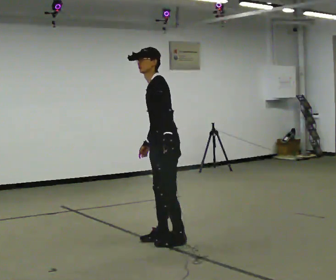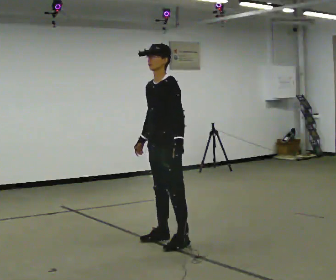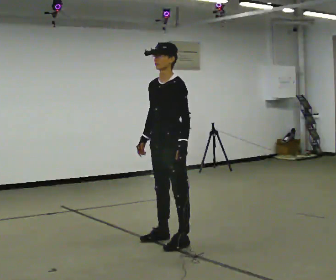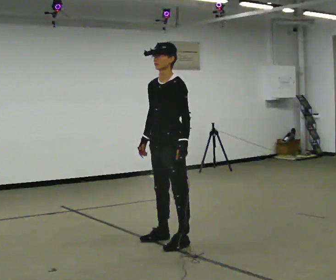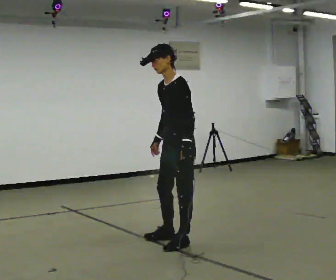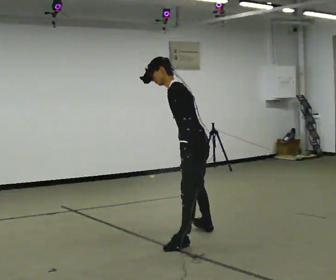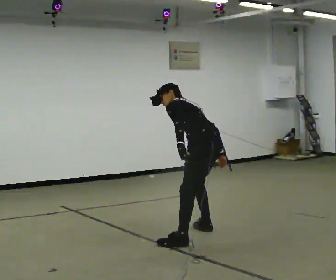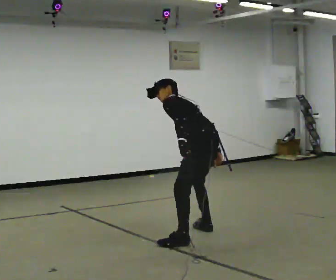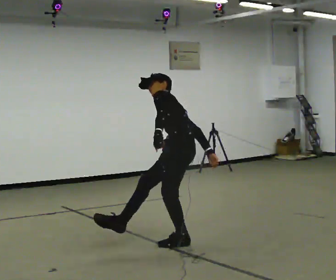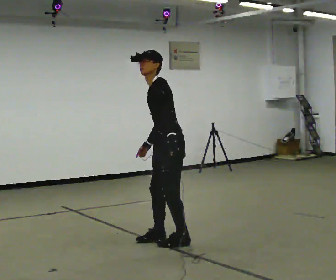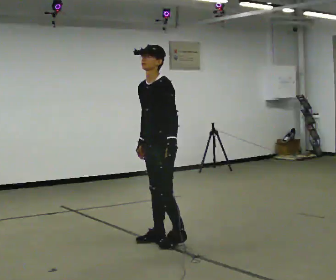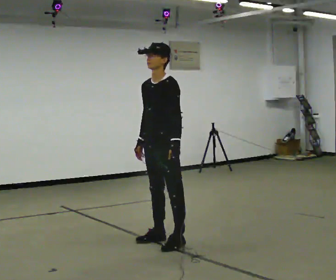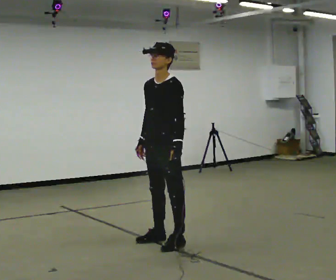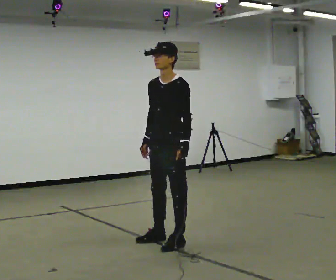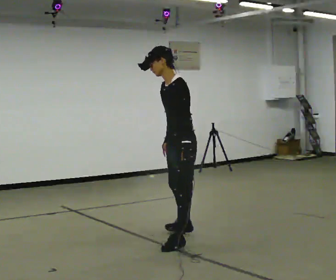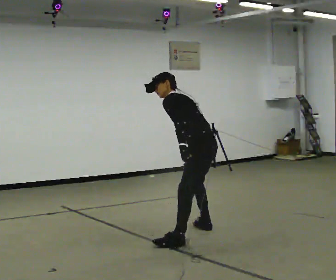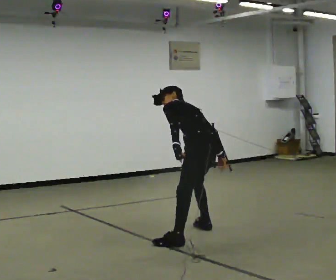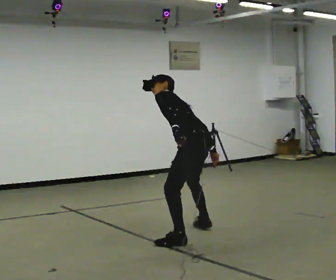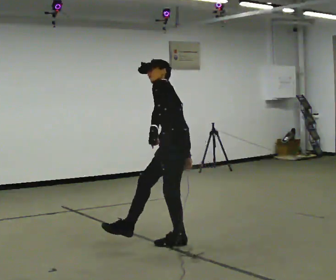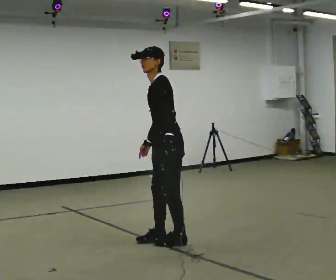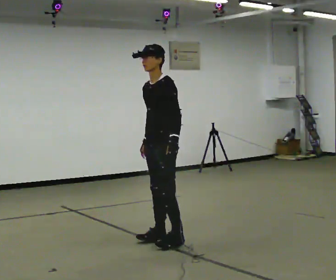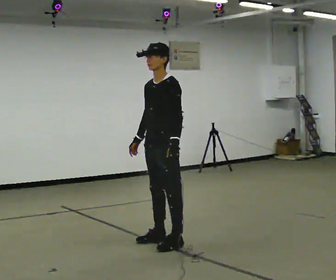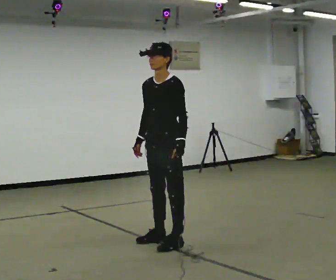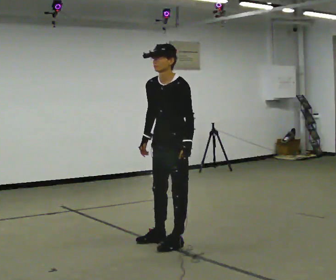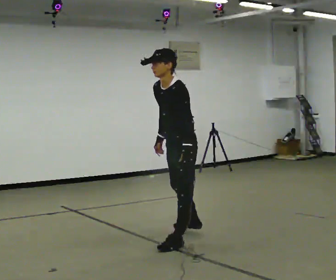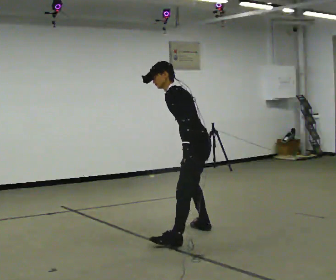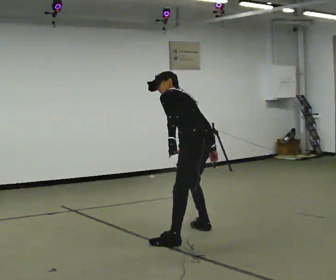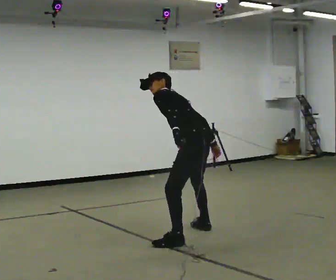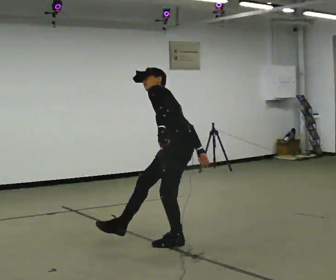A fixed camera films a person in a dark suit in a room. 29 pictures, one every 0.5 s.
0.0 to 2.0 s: The person moves a little, or ends about where they began.
2.0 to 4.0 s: Seen from above the body turns clockwise, about 30 degrees: to their right, with its near side sliding to the left. In the picture their right hand goes to the right, the arm swinging counterclockwise.
4.0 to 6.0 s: Seen from above the body turns counterclockwise, about 45 degrees: to their left, with its near side sliding to the right. In the picture they go to the left, about 0.25 m in 1 step, which for them is to their right. The shoulders move upward. The upper body tips toward the camera, its near side rolling downward, as they lean back or straighten. In the picture their right hand goes to the left, the arm swinging clockwise.
6.0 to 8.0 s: The person turns about 90 degrees to their right, clockwise seen from above, so the part of the body nearest the lens slides to the left. In the picture they go away from the camera and to the right, about 0.5 m in 1 step. The shoulders move downward. The upper body tips away from the camera, its near side rolling upward, as they bend forward.
8.0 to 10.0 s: The person turns about 75 degrees to their left, counterclockwise seen from above, so the part of the body nearest the lens slides to the right. In the picture they go to the left and toward the camera, about 0.5 m in 1 step. The upper body goes upward. The upper body tips toward the camera, its near side rolling downward, as they lean back or straighten.
10.0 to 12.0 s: In the picture they go to the right, about 0.25 m, which for them is to their left. The upper body tips toward the camera, its near side rolling downward, as they bend forward.
12.0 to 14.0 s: Seen from above the body turns clockwise, about 30 degrees: to their right, with its near side sliding to the left. In the picture their right hand goes to the right.
The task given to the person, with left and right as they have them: Mime kicking a football with no ball: plant one foot and swing the other through. Repeat the movement at your own pace until the operator says stop; do not rush.
The film runs forward here.
